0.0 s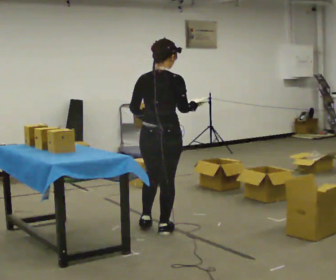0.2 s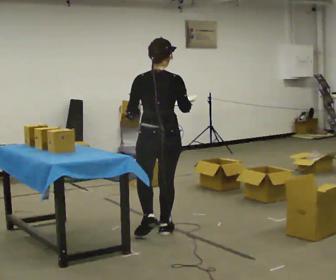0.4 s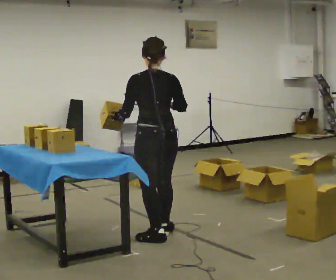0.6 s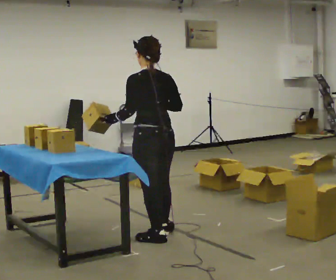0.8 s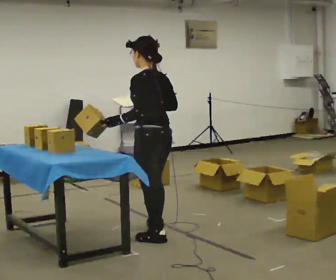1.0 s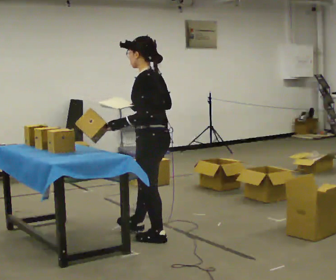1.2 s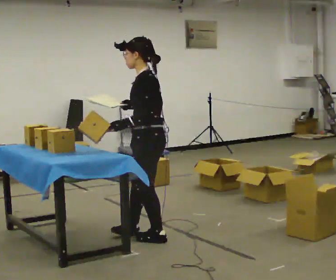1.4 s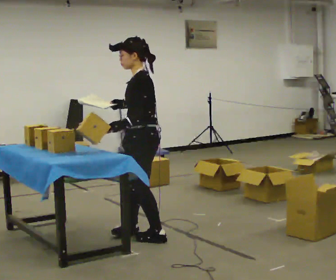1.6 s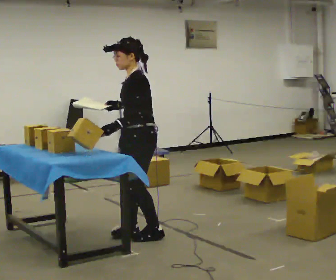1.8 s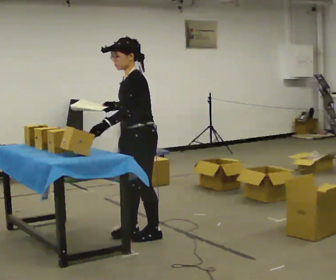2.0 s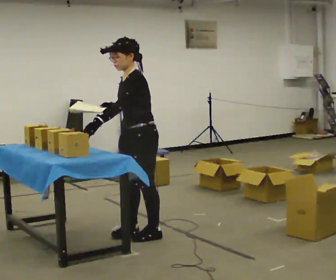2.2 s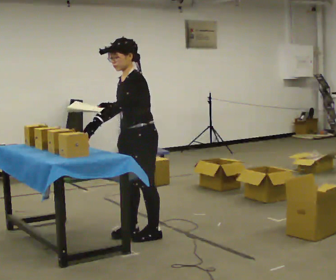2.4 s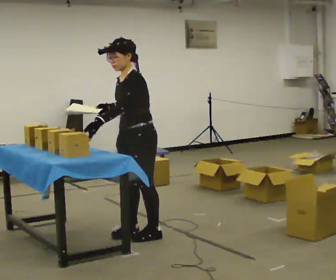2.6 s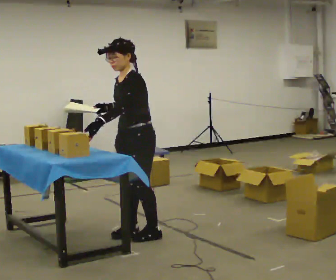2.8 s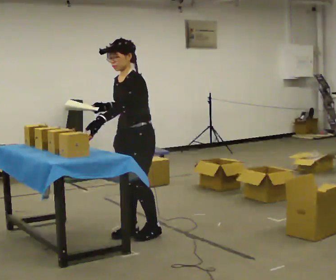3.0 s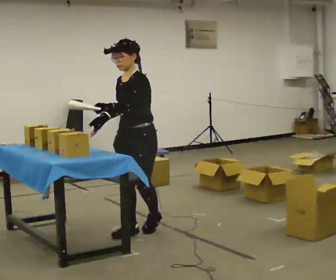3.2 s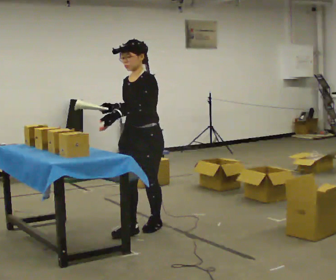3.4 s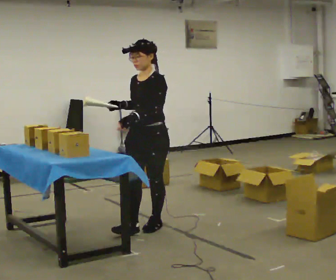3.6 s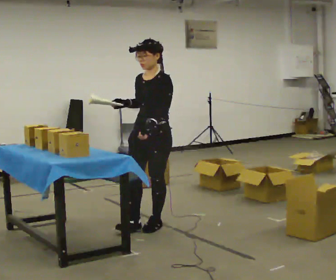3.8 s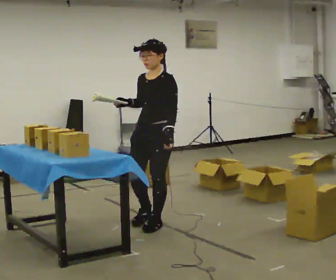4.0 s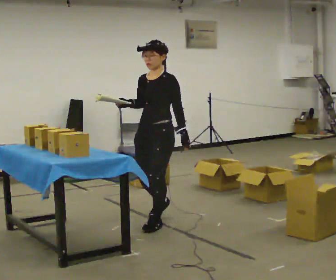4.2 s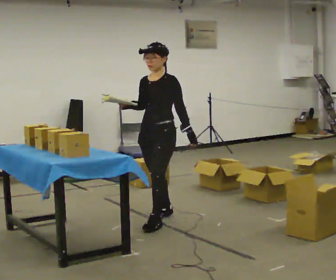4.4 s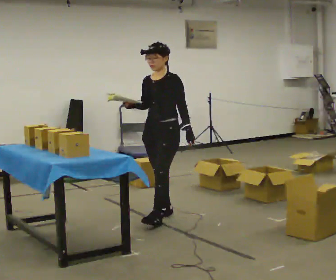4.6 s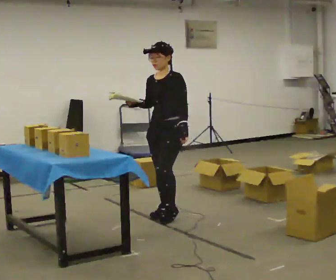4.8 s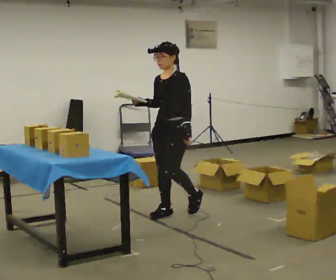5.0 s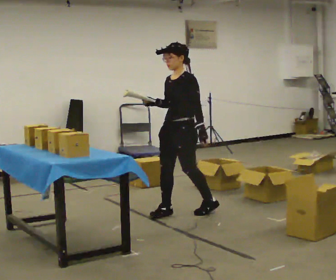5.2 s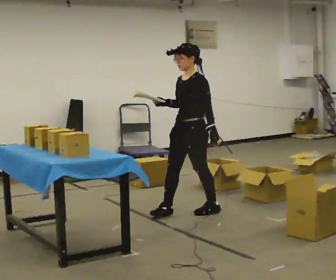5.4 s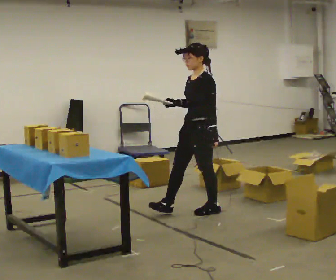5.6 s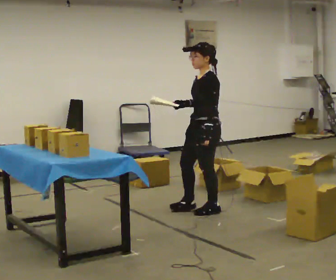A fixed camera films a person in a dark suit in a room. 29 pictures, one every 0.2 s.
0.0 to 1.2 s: The part of the body nearest the lens slides to the right as the person turns to their left by about 105 degrees. In the picture they go toward the camera, about 0.25 m in 1 step.
1.2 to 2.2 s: Seen from above the body turns counterclockwise, about 30 degrees: to their left, with its near side sliding to the right.
2.2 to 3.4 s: The part of the body nearest the lens slides to the right as the person turns to their left by about 30 degrees. In the picture they go away from the camera, about 0.25 m in 1 step, which for them is backward.
3.4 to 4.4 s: In the picture they go away from the camera, about 0.5 m in 2 steps, which for them is backward.
4.4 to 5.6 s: The person turns about 30 degrees to their right, clockwise seen from above, so the part of the body nearest the lens slides to the left. In the picture they go to the right, about 0.5 m in 1 step, which for them is backward.
The film runs backward here.
